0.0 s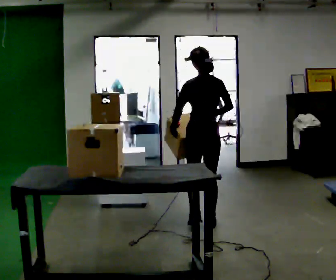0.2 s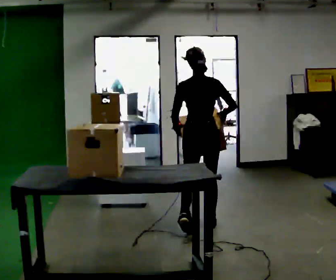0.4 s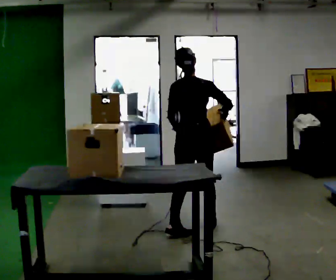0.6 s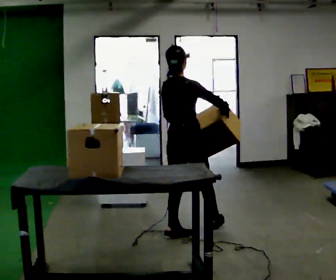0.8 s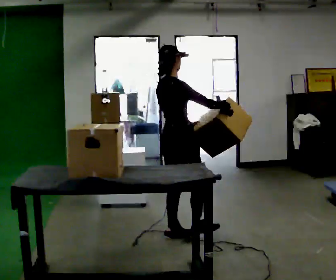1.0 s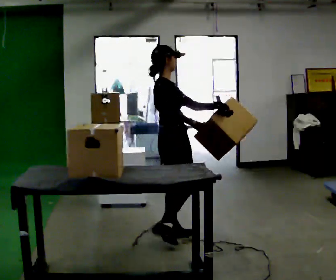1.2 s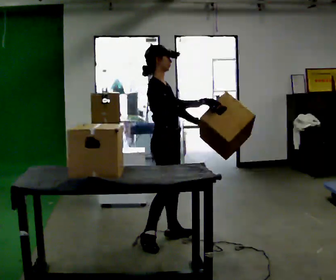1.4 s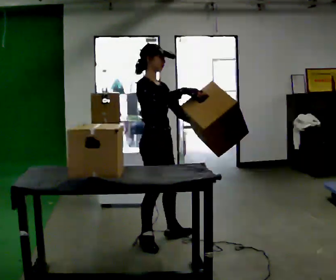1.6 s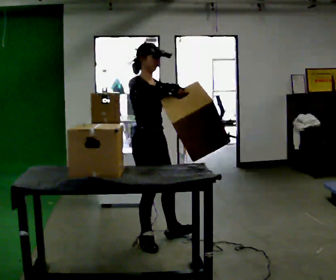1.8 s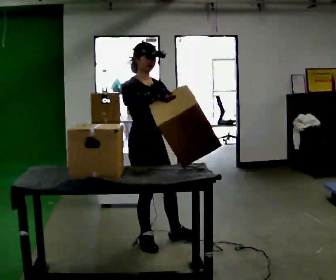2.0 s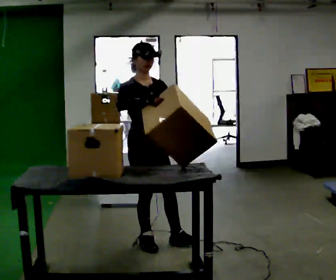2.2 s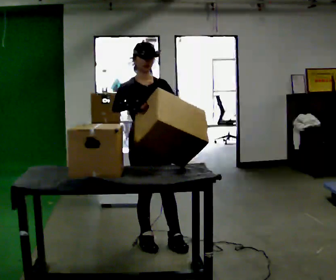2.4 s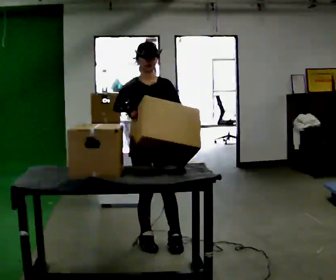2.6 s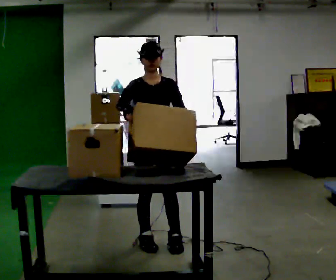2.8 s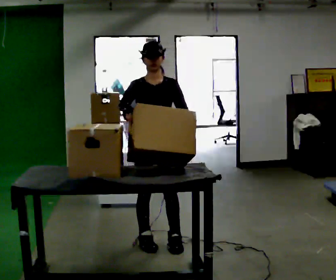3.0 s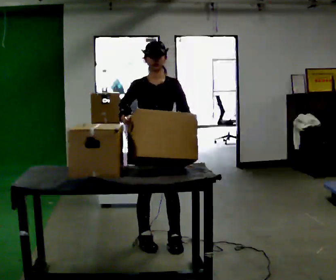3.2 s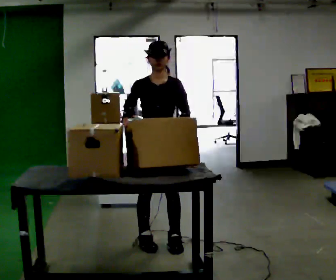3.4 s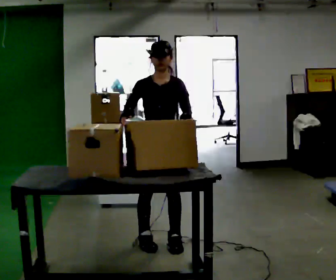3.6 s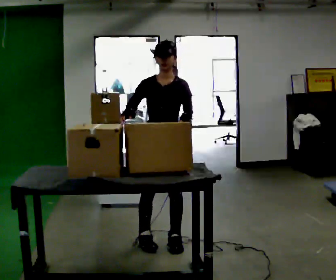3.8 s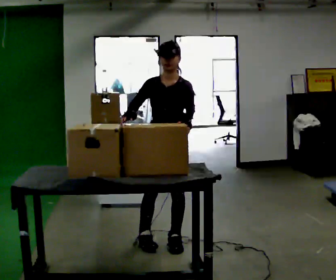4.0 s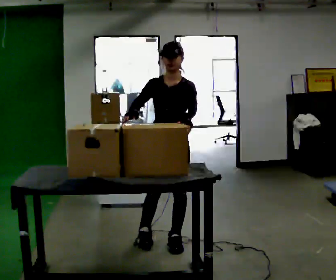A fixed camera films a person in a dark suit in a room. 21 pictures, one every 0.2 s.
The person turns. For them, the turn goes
to their right.
The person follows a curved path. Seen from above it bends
counterclockwise.
0.0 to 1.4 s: The part of the body nearest the lens slides to the left as the person turns to their right by about 135 degrees. In the picture they go to the left and toward the camera, about 0.5 m in 1 step.
1.4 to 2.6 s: The person turns about 60 degrees to their right, clockwise seen from above, so the part of the body nearest the lens slides to the left. In the picture their right hand goes to the left.
2.6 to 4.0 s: The part of the body nearest the lens slides to the left as the person turns to their right by about 30 degrees.
The film runs backward here.
